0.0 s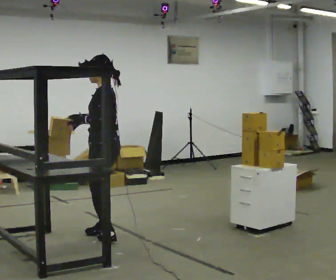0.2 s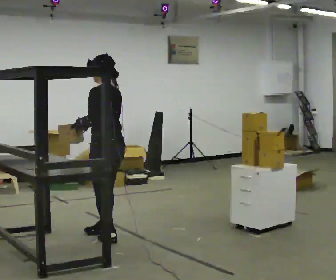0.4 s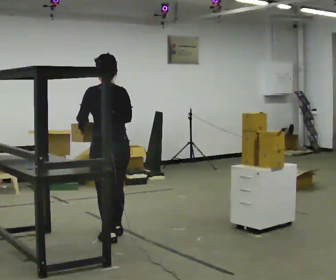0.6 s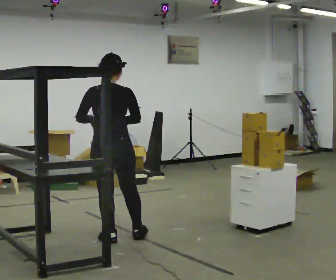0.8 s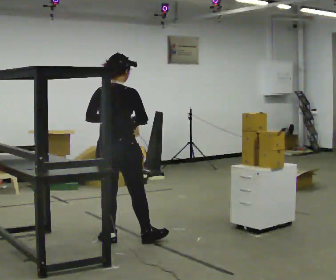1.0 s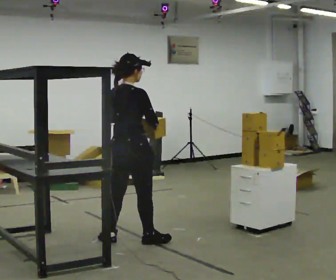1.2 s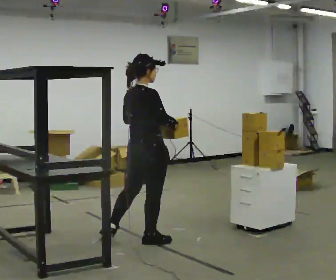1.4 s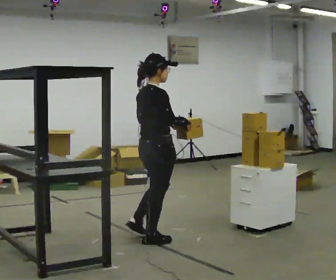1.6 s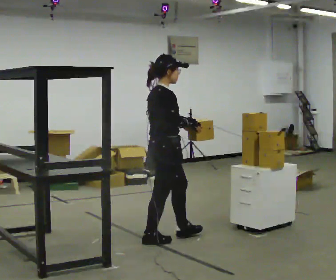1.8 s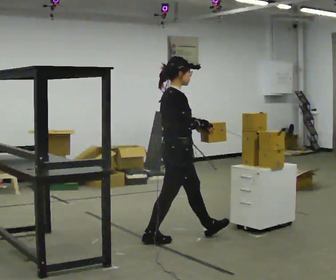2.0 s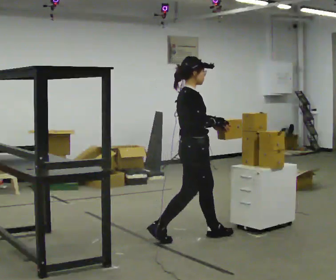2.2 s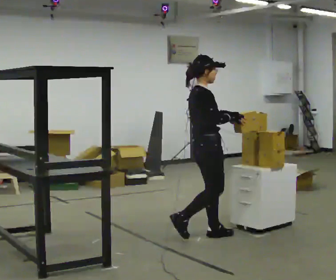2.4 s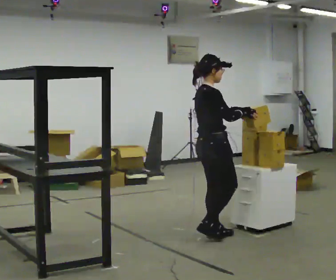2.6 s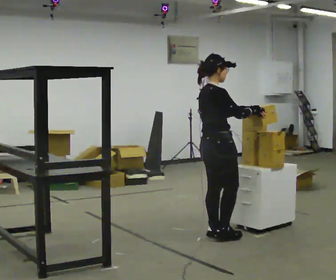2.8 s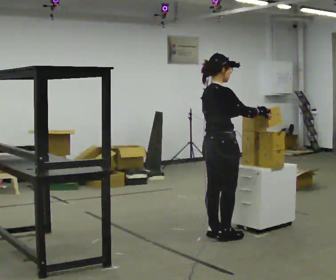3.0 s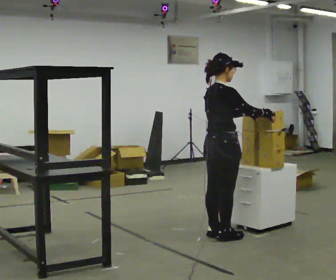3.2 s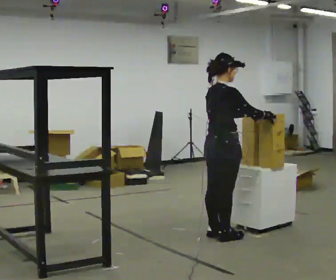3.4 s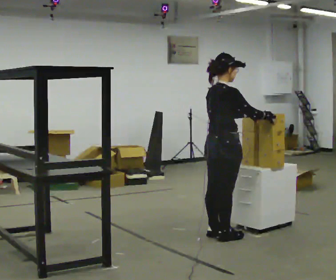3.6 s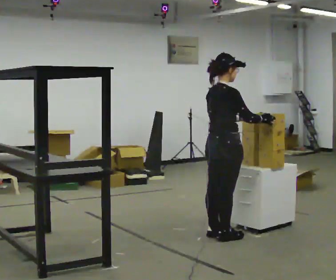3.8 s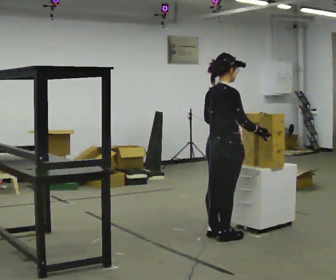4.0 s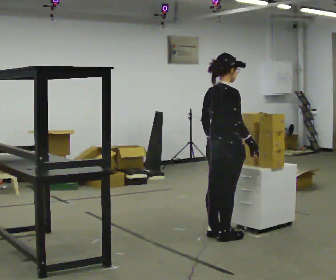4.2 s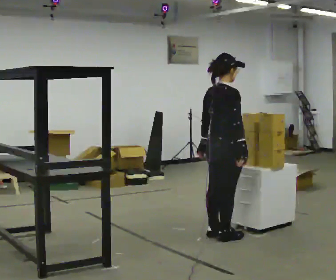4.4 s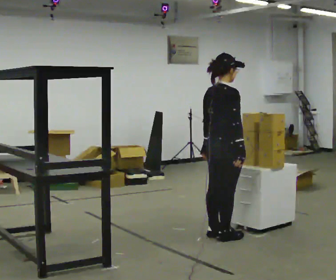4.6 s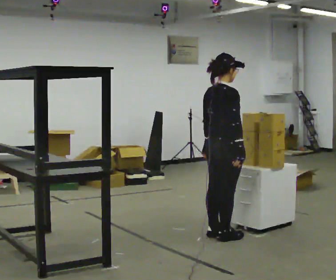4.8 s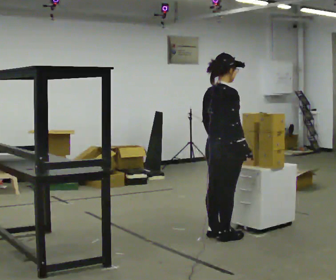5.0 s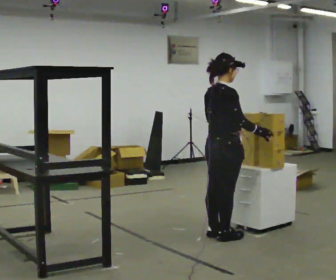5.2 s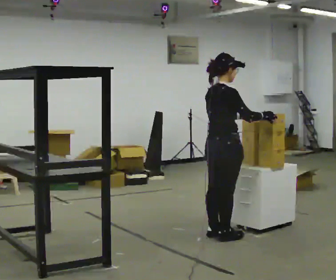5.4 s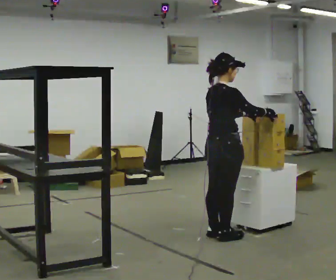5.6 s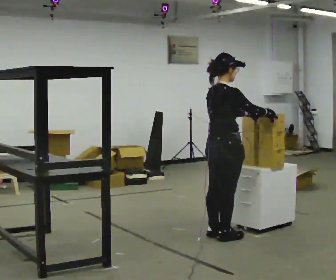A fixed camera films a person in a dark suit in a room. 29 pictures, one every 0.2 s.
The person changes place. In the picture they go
to the right.
0.0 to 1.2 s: The person turns about 135 degrees to their right, clockwise seen from above, so the part of the body nearest the lens slides to the left. In the picture they go to the right and toward the camera, about 0.5 m in 1 step.
1.2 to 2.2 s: Seen from above the body turns clockwise, about 45 degrees: to their right, with its near side sliding to the left. In the picture they go to the right and away from the camera, about 0.5 m in 1 step, which for them is forward.
2.2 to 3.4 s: In the picture their right hand goes to the right.
3.4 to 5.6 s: The person moves a little, or ends about where they began.
The film runs forward here.
